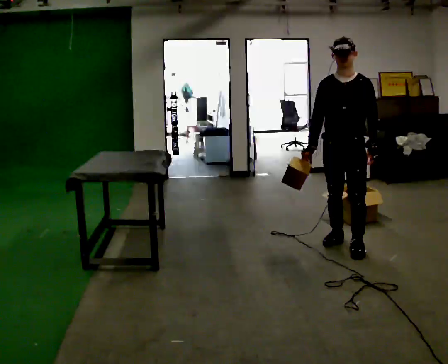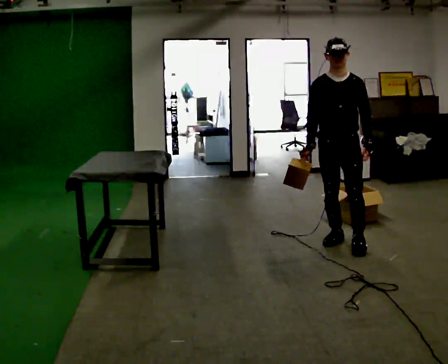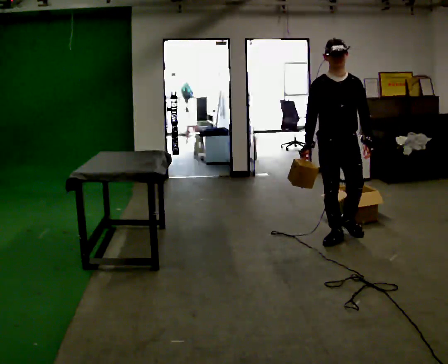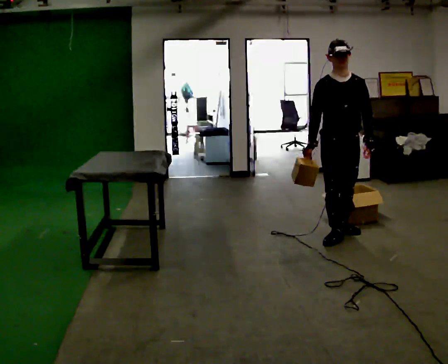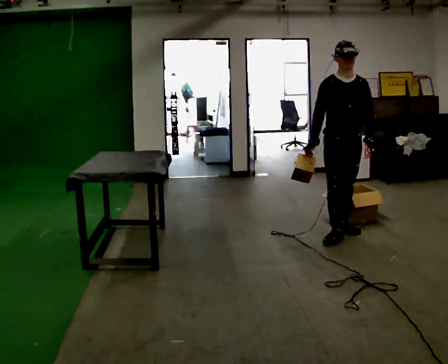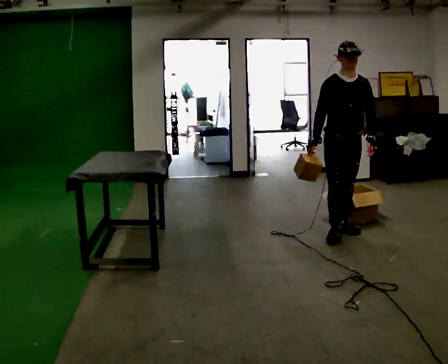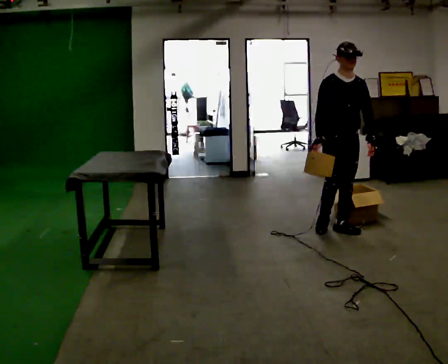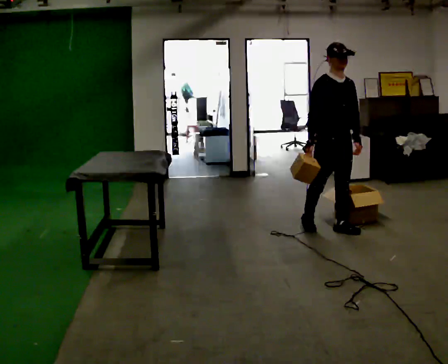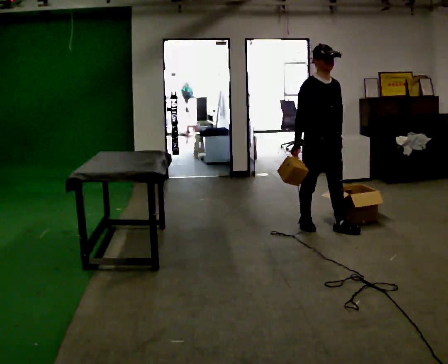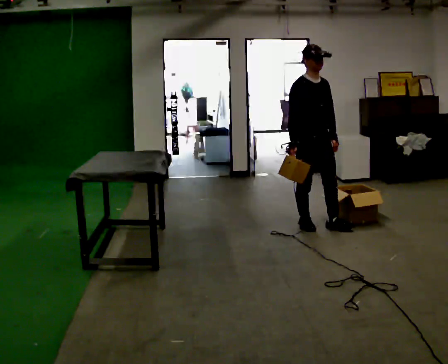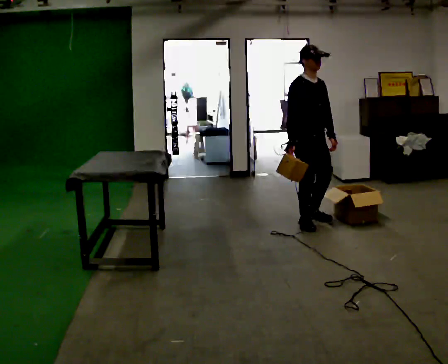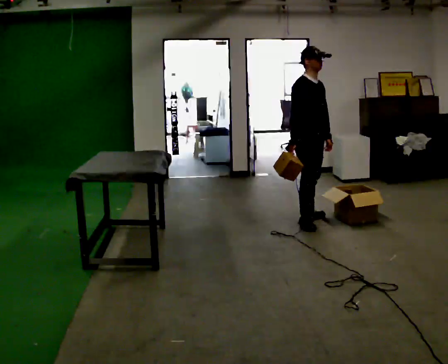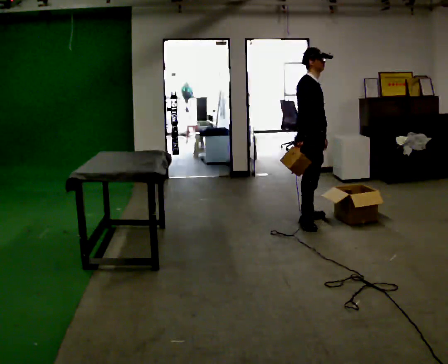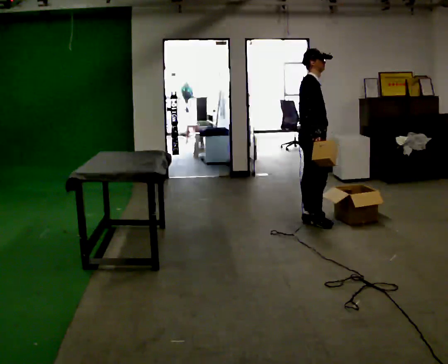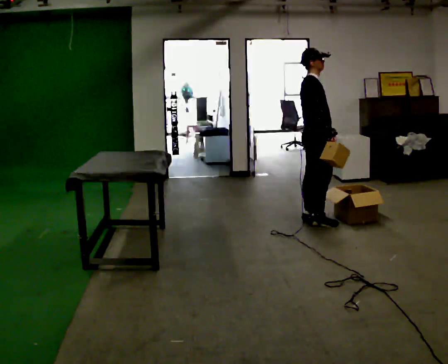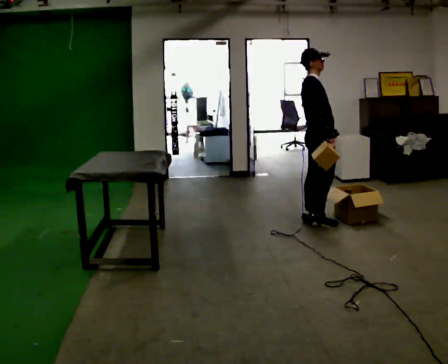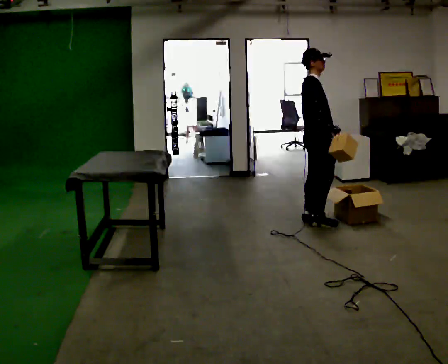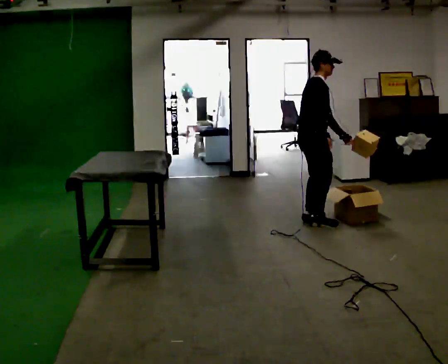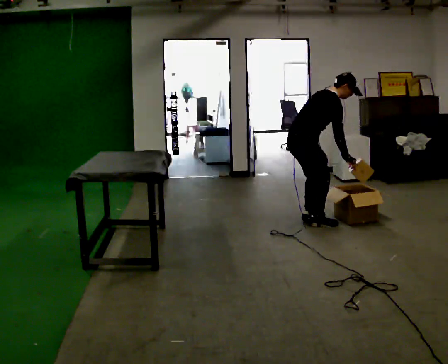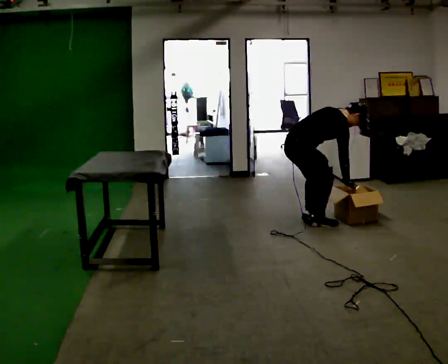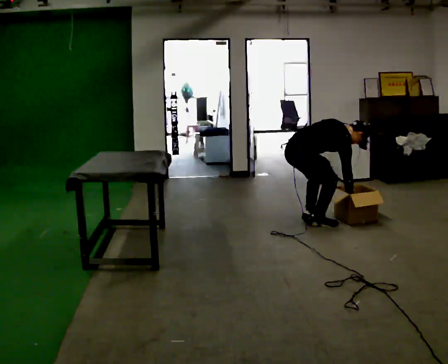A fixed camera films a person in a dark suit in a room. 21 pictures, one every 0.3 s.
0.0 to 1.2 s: In the picture they go away from the camera, about 0.25 m in 1 step, which for them is backward.
1.2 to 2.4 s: Seen from above the body turns counterclockwise, about 30 degrees: to their left, with its near side sliding to the right. In the picture they go to the left and away from the camera, about 0.25 m in 1 step, which for them is backward.
2.4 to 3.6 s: The part of the body nearest the lens slides to the right as the person turns to their left by about 45 degrees. In the picture they go away from the camera, about 0.25 m in 1 step, which for them is backward and to their left.
3.6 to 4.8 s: In the picture their right hand goes to the right.
4.8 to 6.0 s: In the picture they go to the left and toward the camera, about 0.25 m, which for them is backward. The shoulders move downward. In the picture the upper body tilts clockwise, shoulders to the right, as they bend forward.
The film runs backward here.
